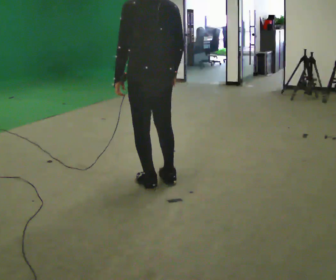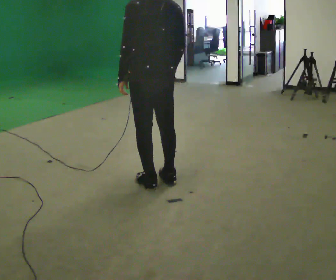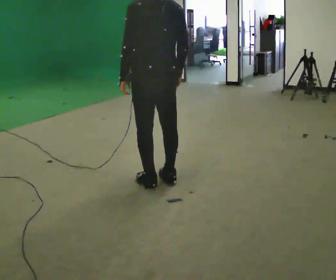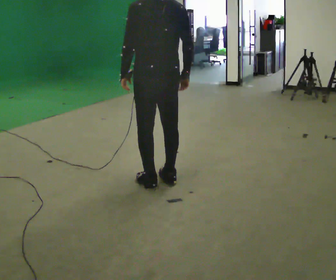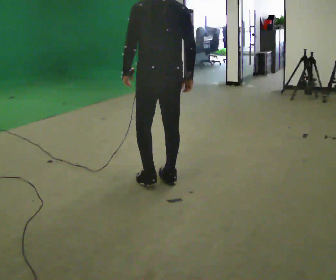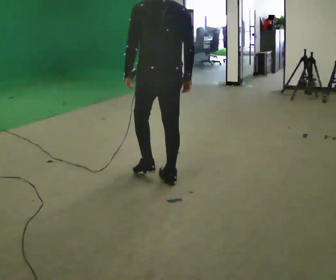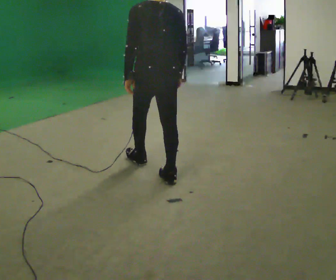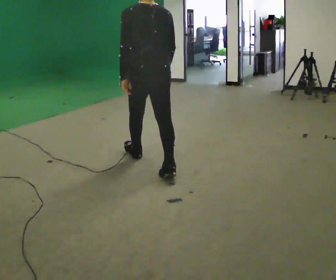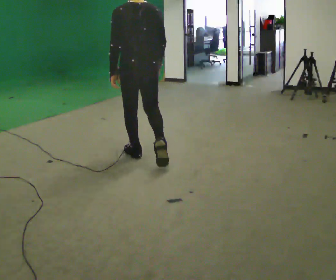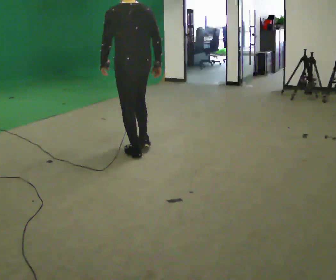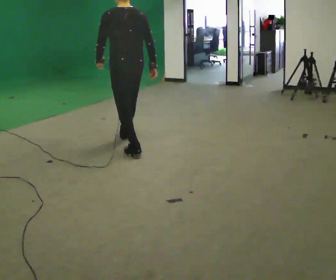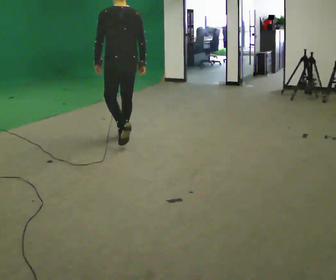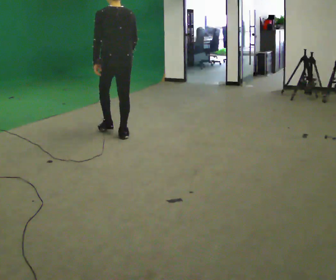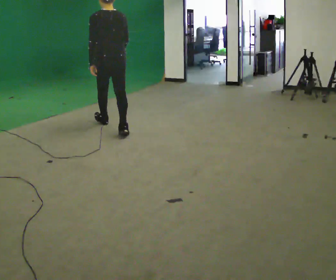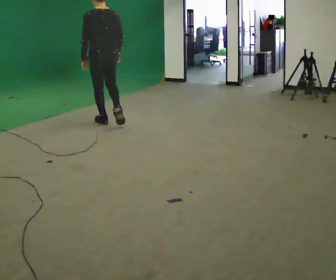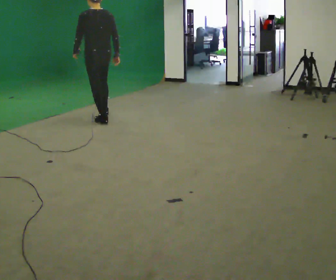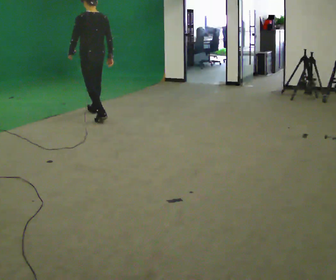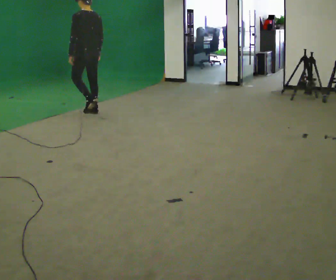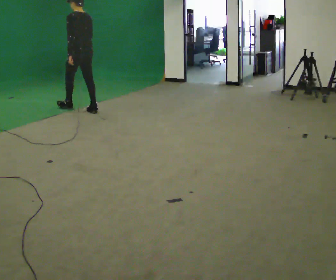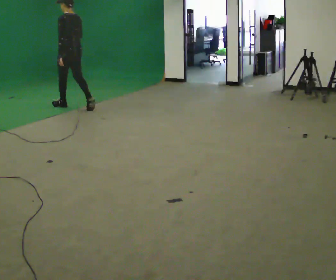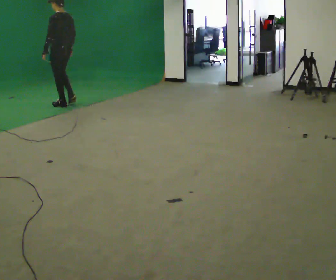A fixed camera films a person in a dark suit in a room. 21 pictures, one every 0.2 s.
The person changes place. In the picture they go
away from the camera.
0.0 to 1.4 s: In the picture they go away from the camera, about 0.5 m in 1 step, which for them is forward.
1.4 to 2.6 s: In the picture they go away from the camera, about 1.5 m in 2 steps, which for them is forward.
2.6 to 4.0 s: The part of the body nearest the lens slides to the right as the person turns to their left by about 45 degrees. In the picture they go away from the camera and to the left, about 1.5 m in 2 steps, which for them is forward.
The film runs forward here.
